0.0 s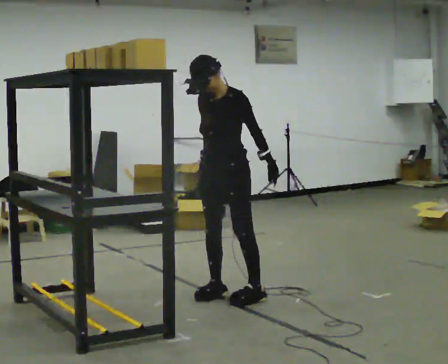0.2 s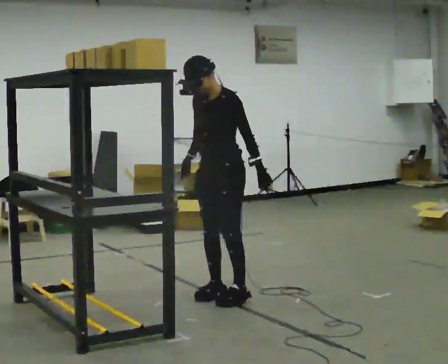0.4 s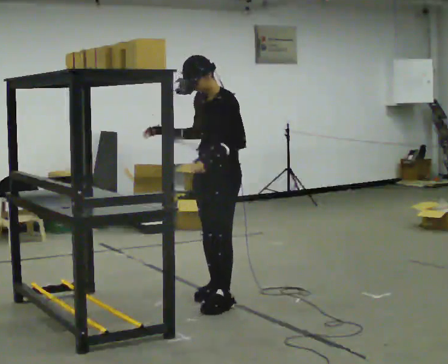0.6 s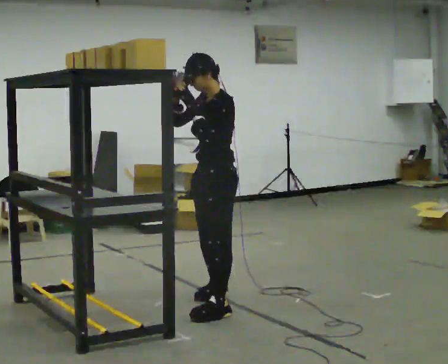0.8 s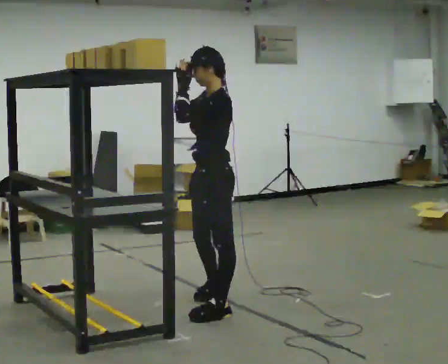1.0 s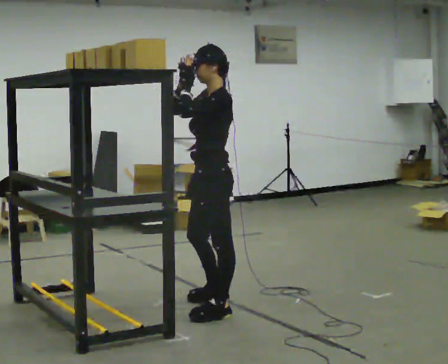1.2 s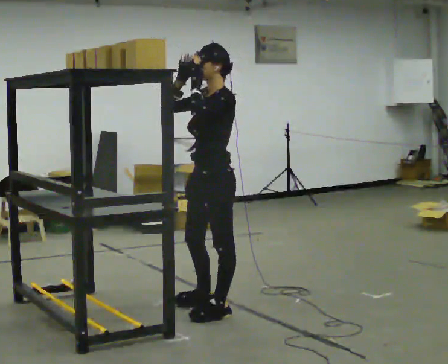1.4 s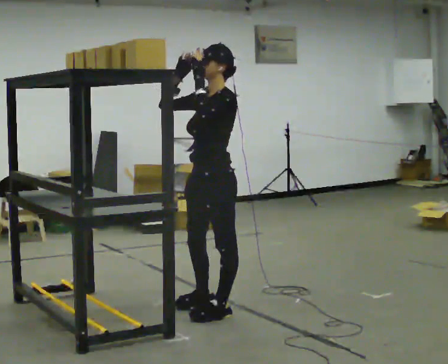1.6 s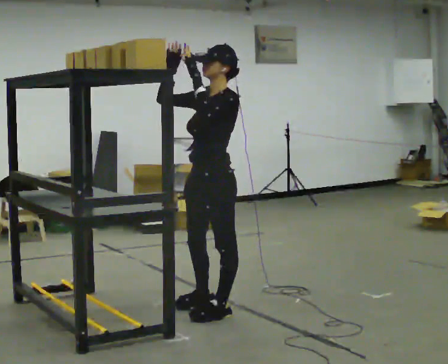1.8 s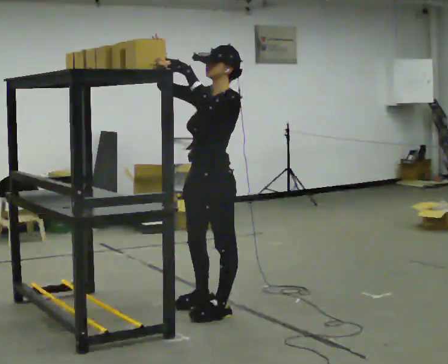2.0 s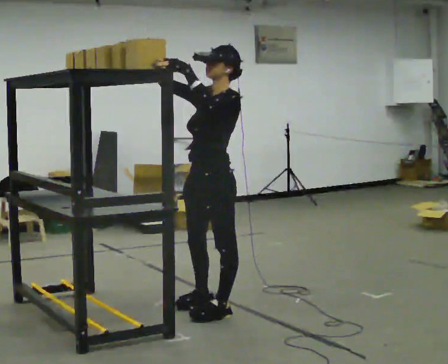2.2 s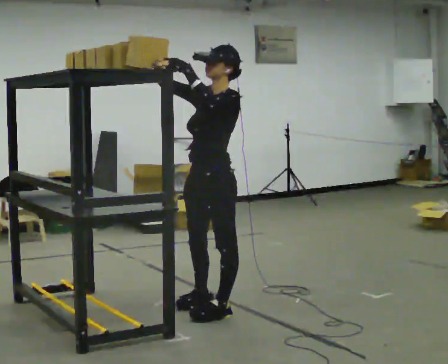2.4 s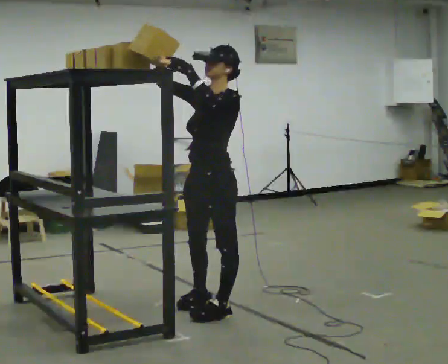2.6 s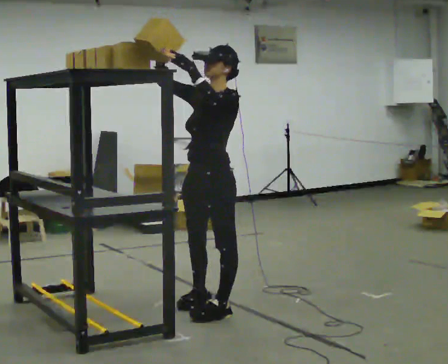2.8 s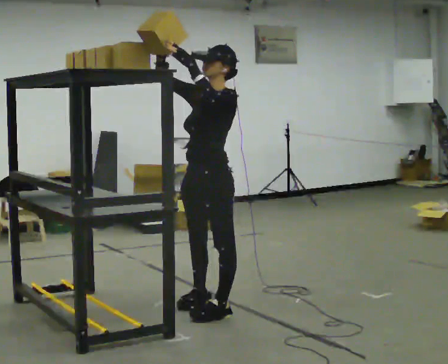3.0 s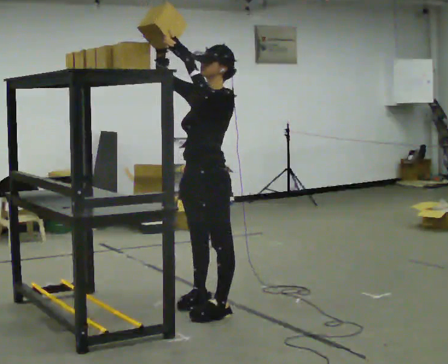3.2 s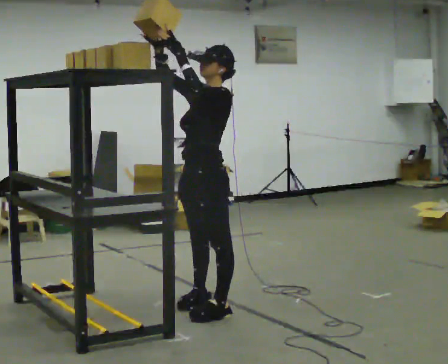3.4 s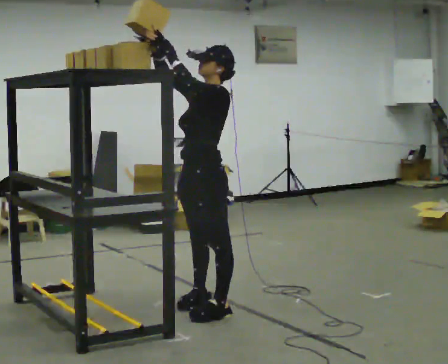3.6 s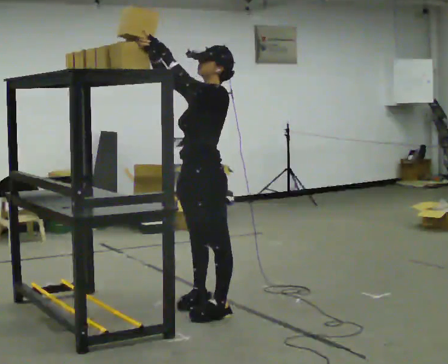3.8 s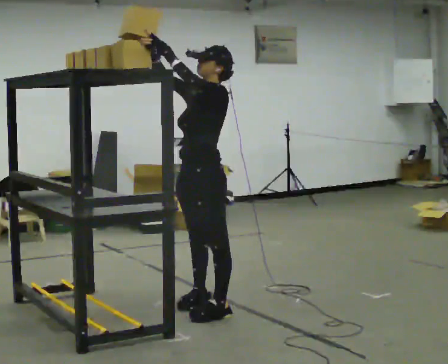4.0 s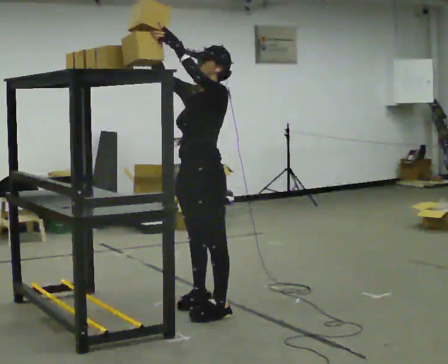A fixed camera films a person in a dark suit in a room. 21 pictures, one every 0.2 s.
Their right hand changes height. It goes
upward.
Their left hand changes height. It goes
upward.
0.0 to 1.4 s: The person turns about 30 degrees to their right, clockwise seen from above, so the part of the body nearest the lens slides to the left. In the picture they go toward the camera, about 0.5 m in 2 steps, which for them is to their left and forward. In the picture their left hand goes upward.
1.4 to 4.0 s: The person moves a little, or ends about where they began.
The film runs backward here.
